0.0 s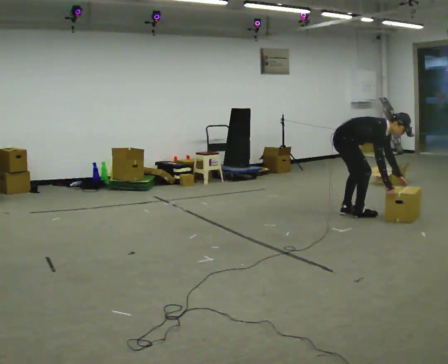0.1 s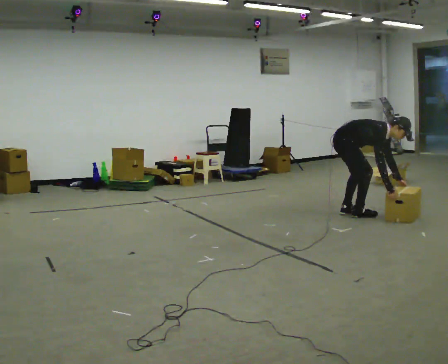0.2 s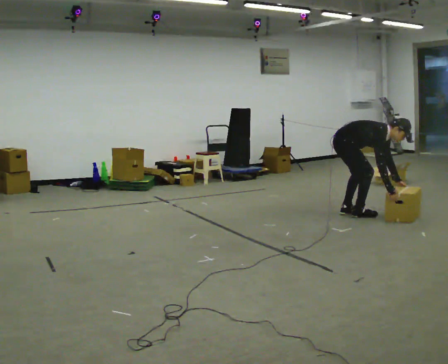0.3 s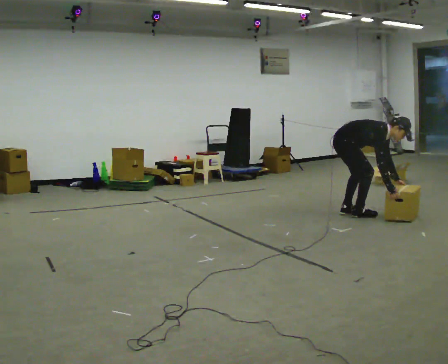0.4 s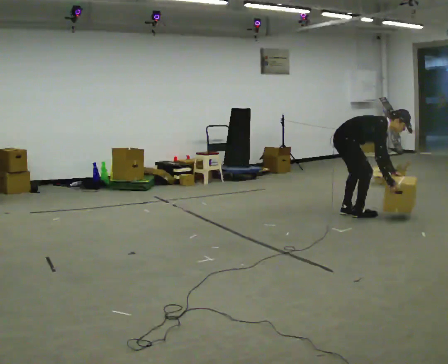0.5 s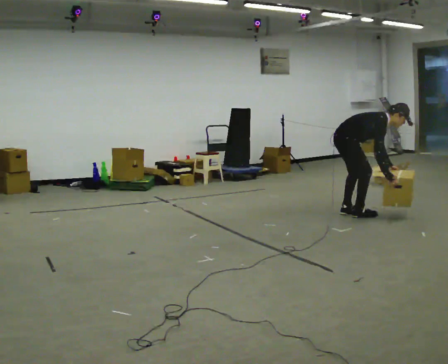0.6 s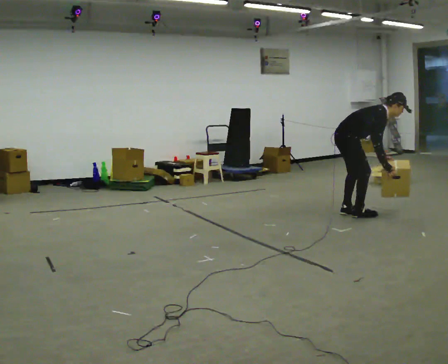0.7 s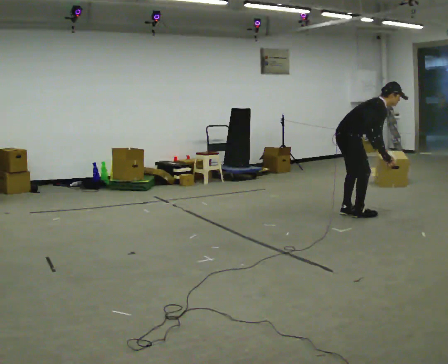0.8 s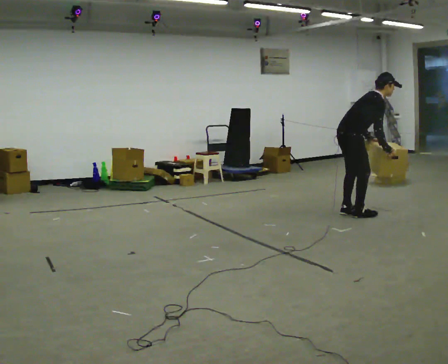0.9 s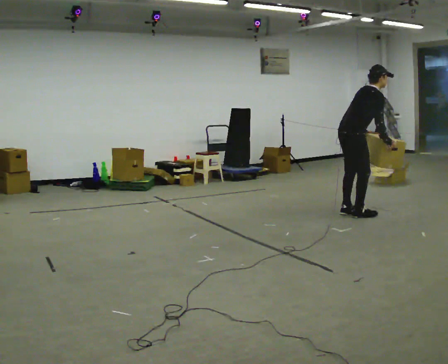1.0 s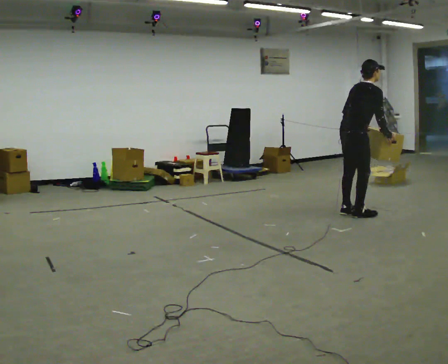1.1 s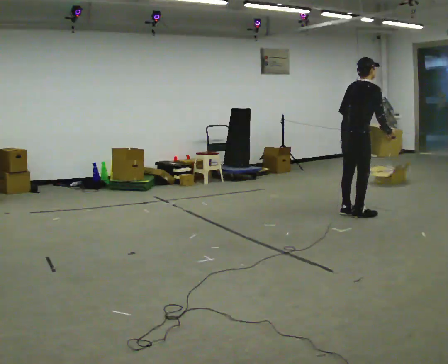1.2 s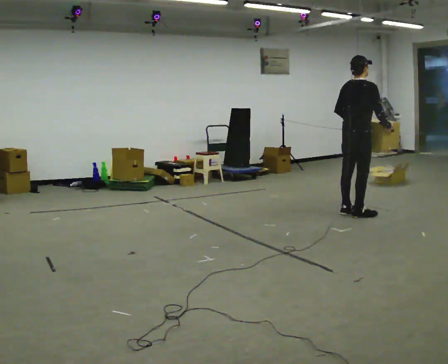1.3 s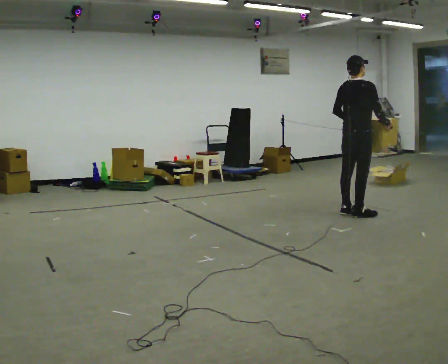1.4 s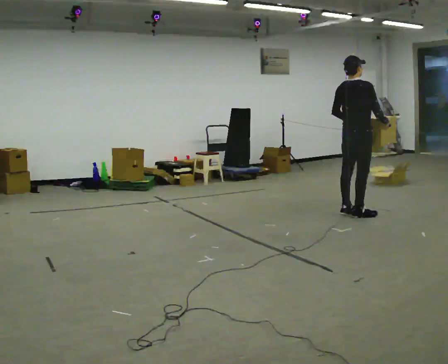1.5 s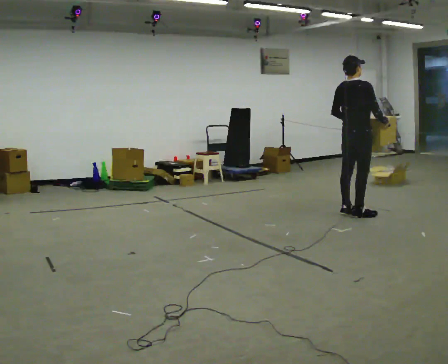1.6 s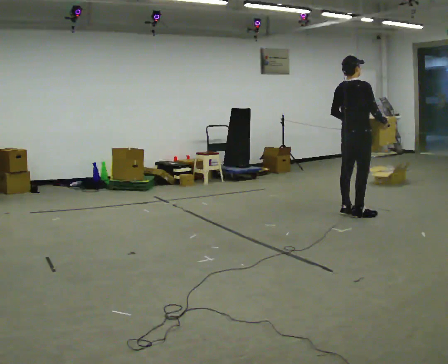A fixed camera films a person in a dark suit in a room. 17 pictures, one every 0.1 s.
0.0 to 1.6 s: The part of the body nearest the lens slides to the right as the person turns to their left by about 45 degrees. The shoulders move upward. In the picture the upper body tilts counterclockwise, shoulders to the left, as they lean back or straighten. In the picture their right hand goes upward.
The film runs forward here.
